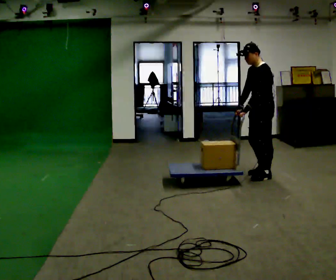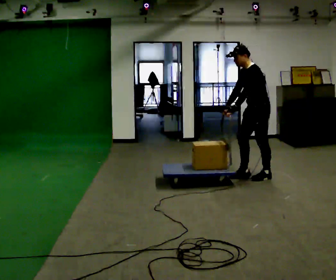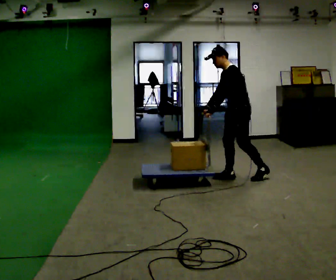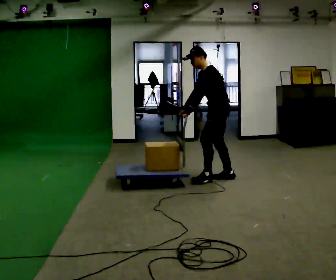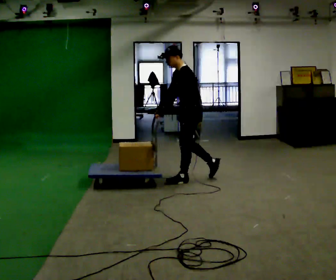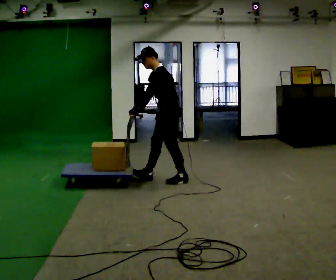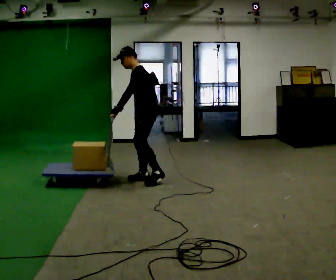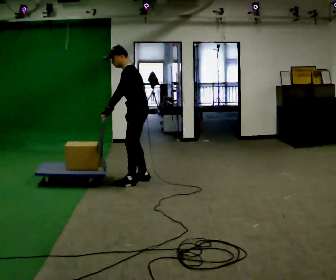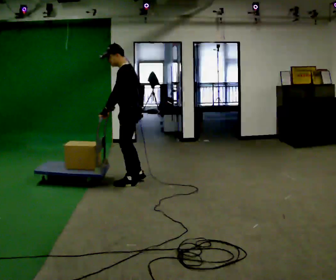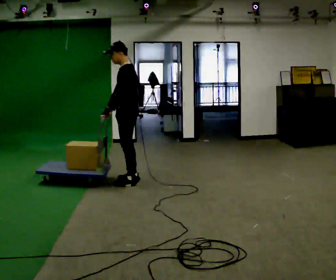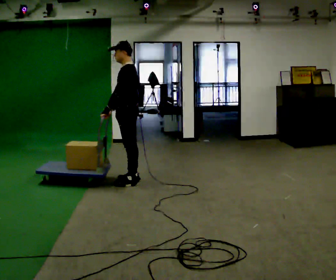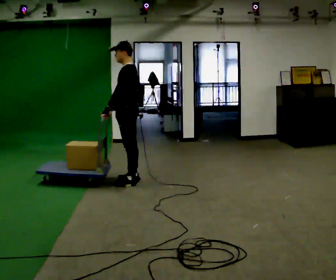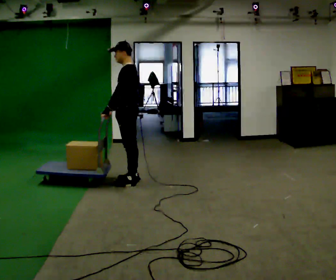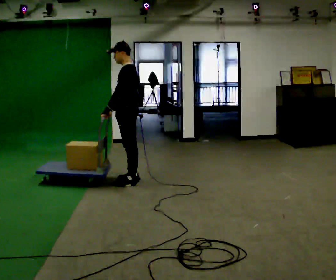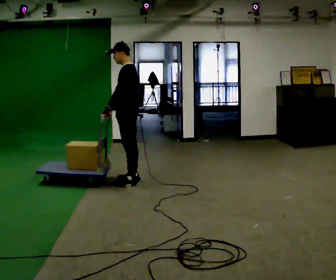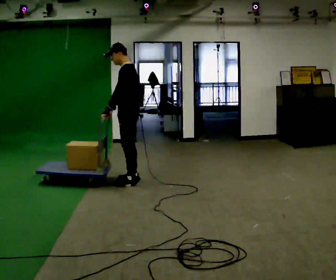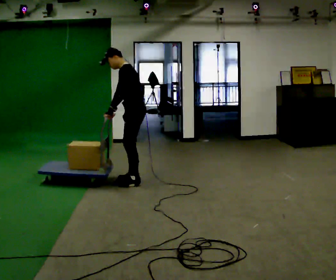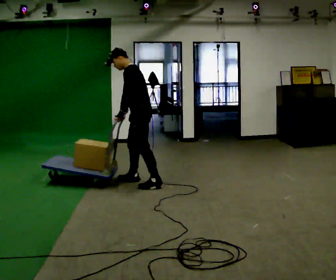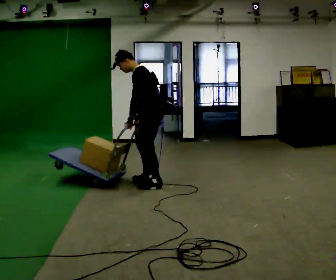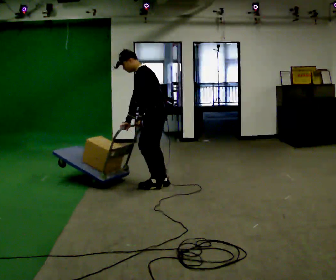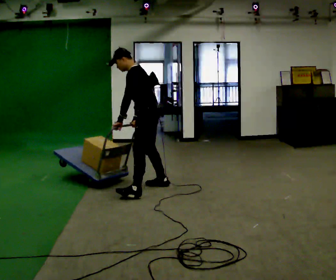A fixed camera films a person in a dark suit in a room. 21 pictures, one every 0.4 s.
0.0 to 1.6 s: In the picture they go to the left, about 1 m in 2 steps, which for them is forward.
1.6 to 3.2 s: In the picture they go to the left, about 0.5 m in 2 steps, which for them is forward.
3.2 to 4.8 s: The person moves a little, or ends about where they began.
4.8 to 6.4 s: In the picture the upper body tilts counterclockwise, shoulders to the left, as they bend forward.
6.4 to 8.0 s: In the picture they go toward the camera and to the right, about 0.5 m in 3 steps, which for them is to their left and backward.
The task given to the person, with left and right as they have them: Stand still with your hands on the cart. When the operator says go, get it moving, push it a few metres, then bring it to a stop. Repeat until the operator says stop.
The film runs forward here.
